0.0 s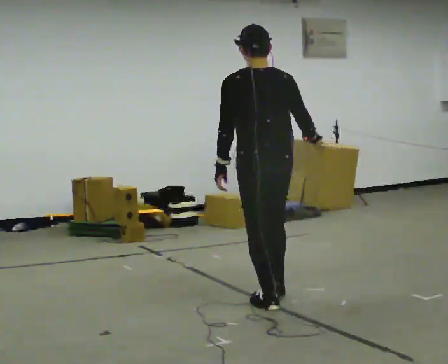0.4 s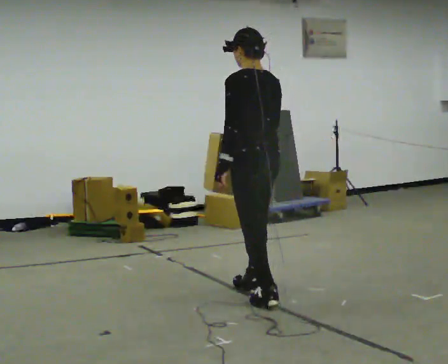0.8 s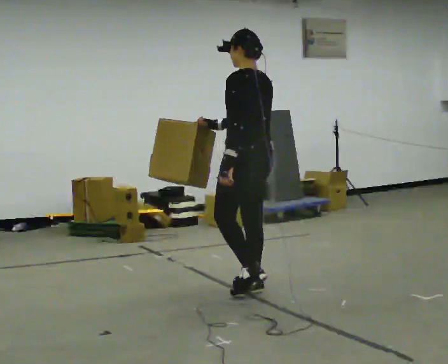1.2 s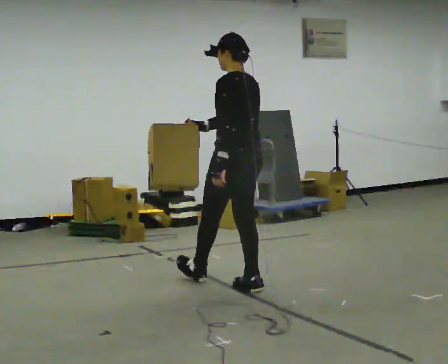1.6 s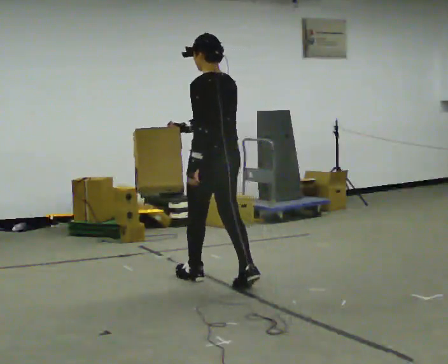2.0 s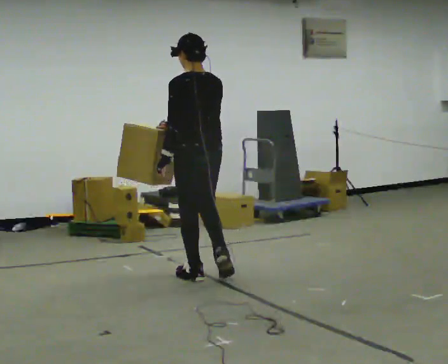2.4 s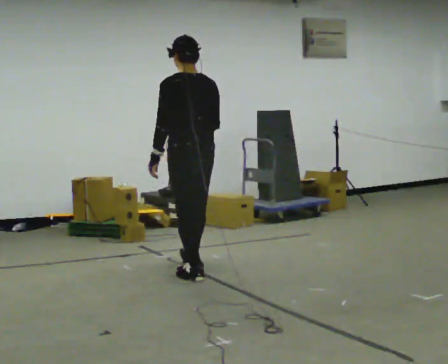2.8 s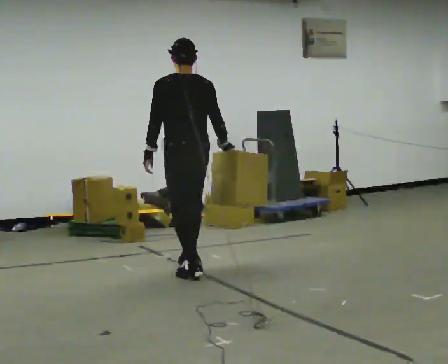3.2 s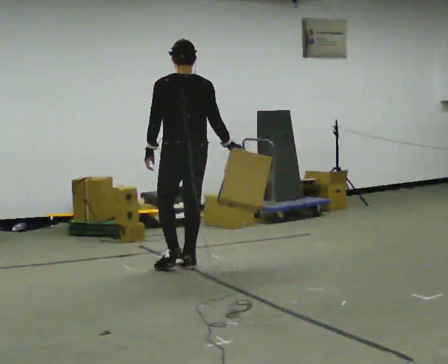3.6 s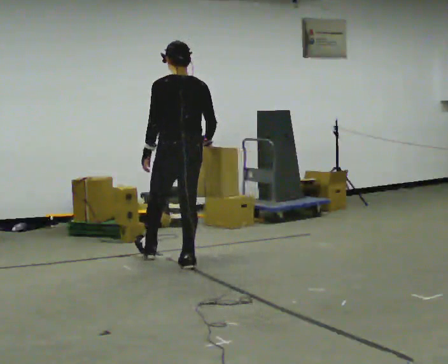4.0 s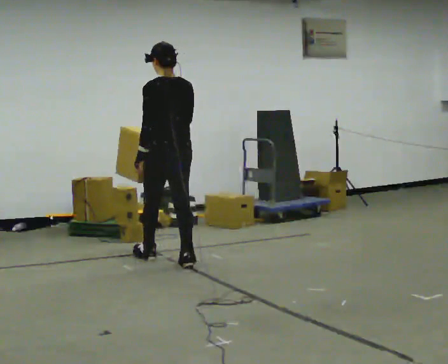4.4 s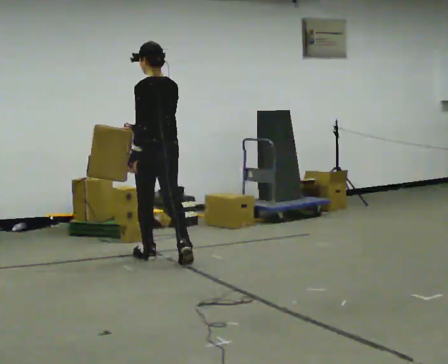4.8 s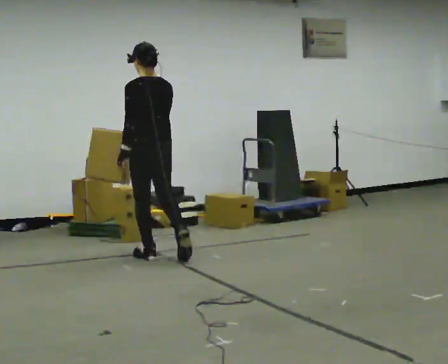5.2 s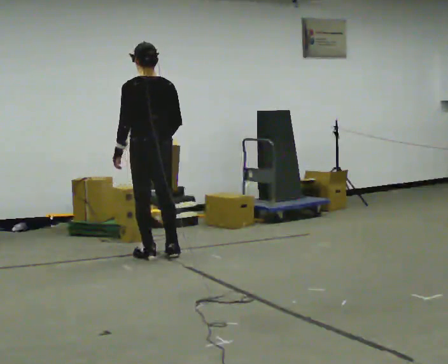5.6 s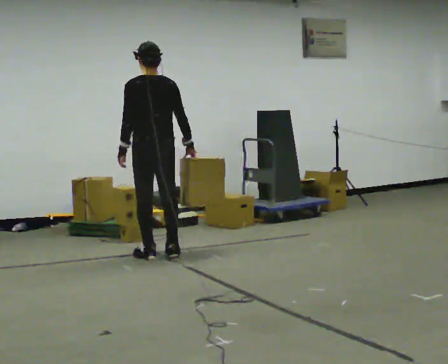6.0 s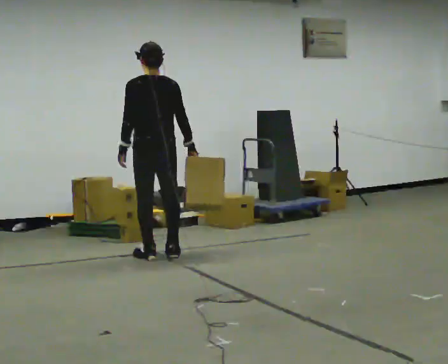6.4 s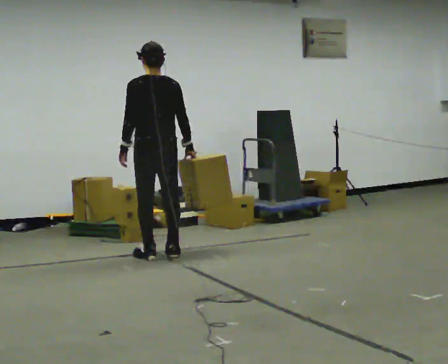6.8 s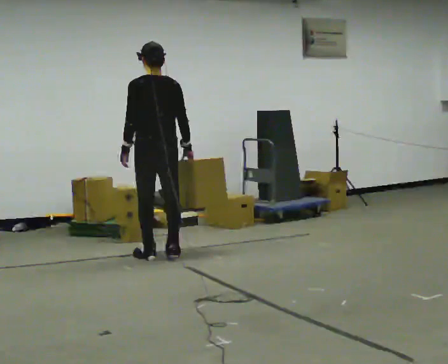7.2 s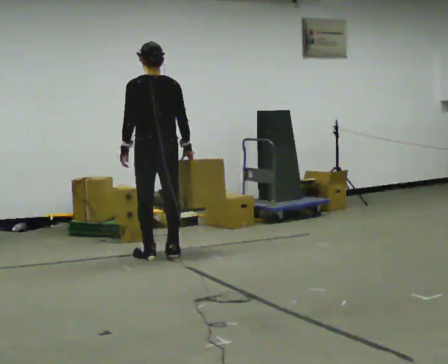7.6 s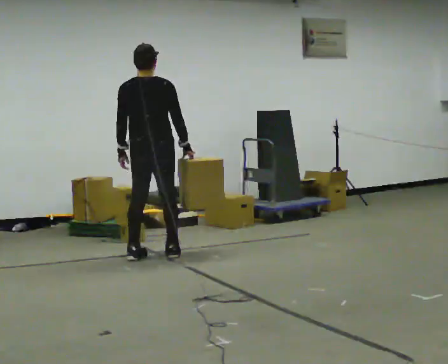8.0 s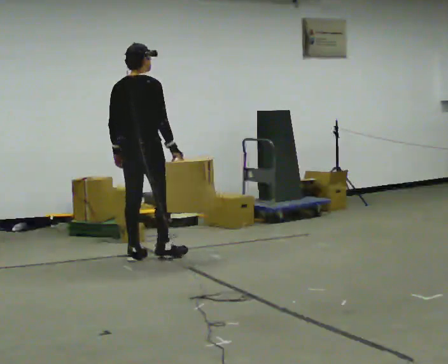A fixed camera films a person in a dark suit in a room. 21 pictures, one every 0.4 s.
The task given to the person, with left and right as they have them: Carry the object in the hand the operator calls, down at your side, walking back and forth across the room.
0.0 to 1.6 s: In the picture they go away from the camera and to the left, about 0.75 m in 2 steps, which for them is forward.
1.6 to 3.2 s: In the picture they go away from the camera, about 0.5 m in 1 step, which for them is forward.
3.2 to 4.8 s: In the picture they go away from the camera and to the left, about 0.5 m in 1 step, which for them is forward.
4.8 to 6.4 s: In the picture their right hand goes to the right.
6.4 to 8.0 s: Seen from above the body turns clockwise, about 60 degrees: to their right, with its near side sliding to the left. In the picture they go to the left, about 0.25 m in 1 step, which for them is to their left.
The film runs forward here.
